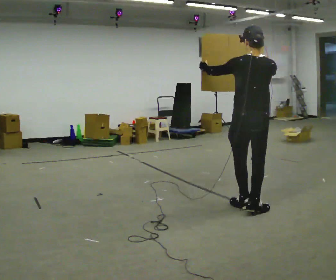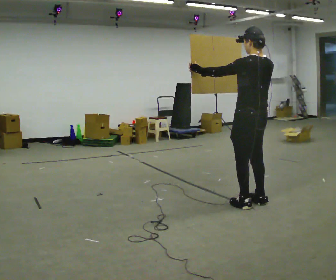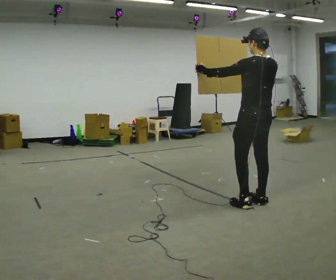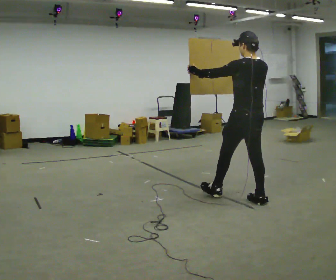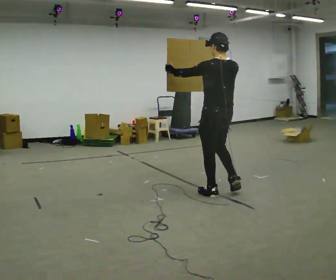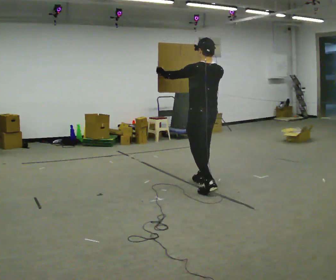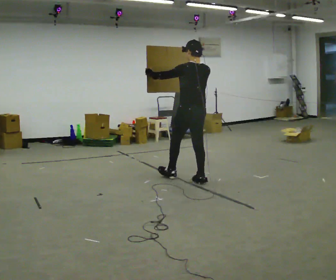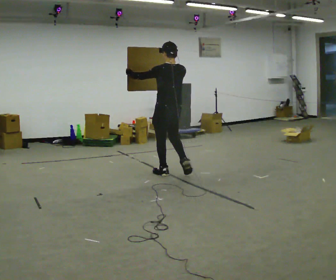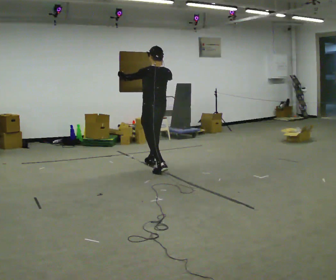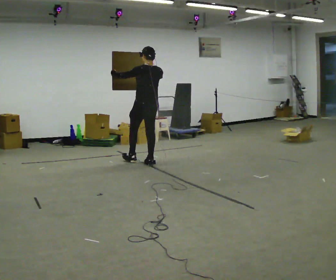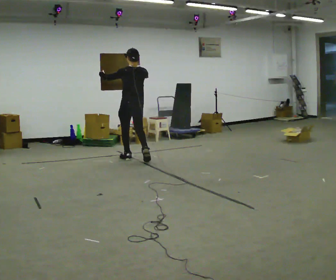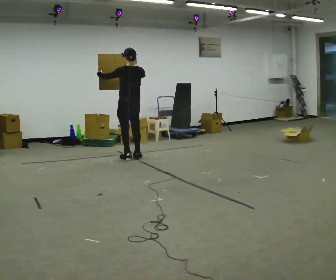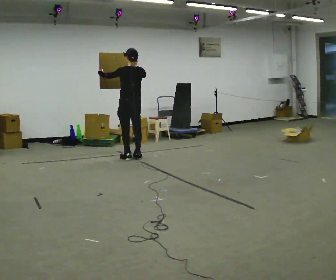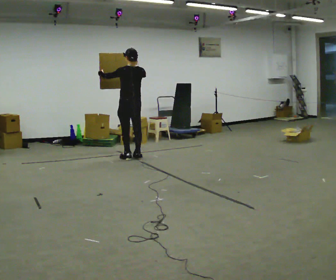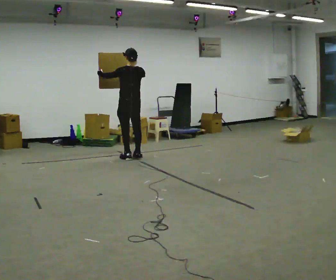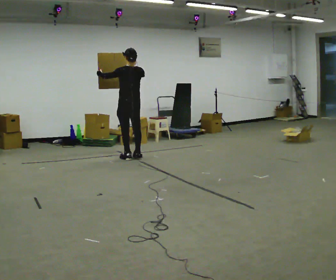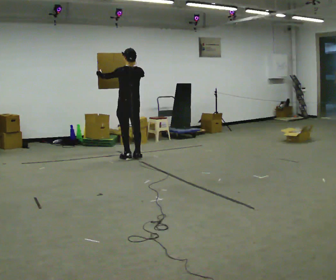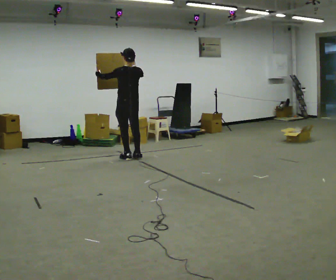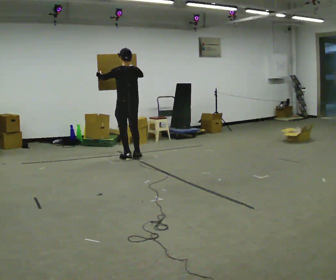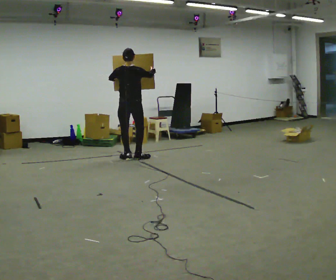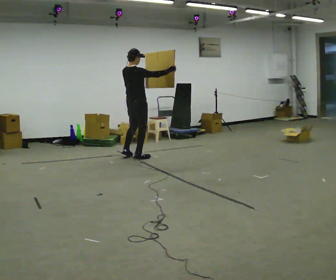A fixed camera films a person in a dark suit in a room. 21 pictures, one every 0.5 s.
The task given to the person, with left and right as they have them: Carry the large panel across the room. It will block your view ahead, so take whatever route feels safe. Keep going until the operator says stop; one object at a time, and do not rush between trips.
0.0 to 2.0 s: Seen from above the body turns counterclockwise, about 30 degrees: to their left, with its near side sliding to the right. In the picture they go away from the camera and to the left, about 0.5 m in 2 steps, which for them is forward.
2.0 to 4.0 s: In the picture they go away from the camera and to the left, about 1.5 m in 3 steps, which for them is forward.
4.0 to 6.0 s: In the picture they go away from the camera and to the left, about 1 m in 2 steps, which for them is forward.
6.0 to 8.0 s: The person moves a little, or ends about where they began.
8.0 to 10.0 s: The person turns about 75 degrees to their right, clockwise seen from above, so the part of the body nearest the lens slides to the left. In the picture their right hand goes to the right.
The film runs forward here.
